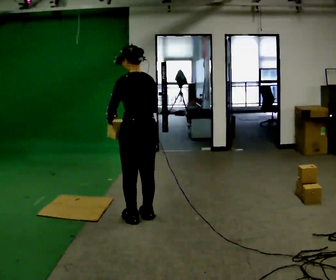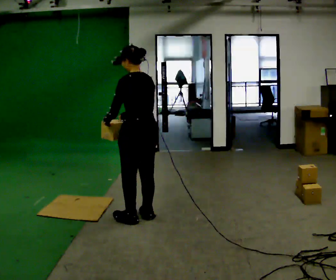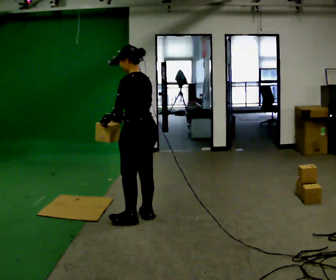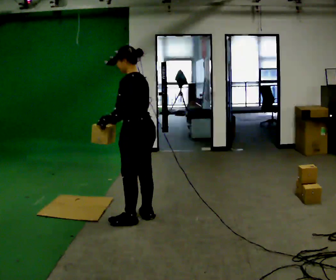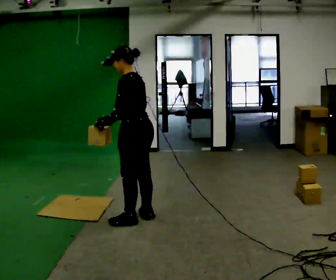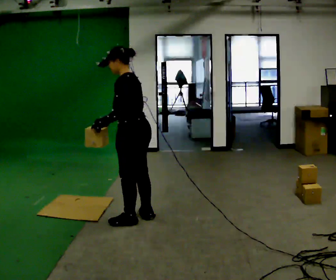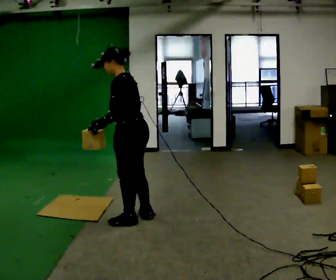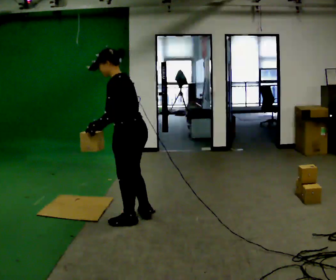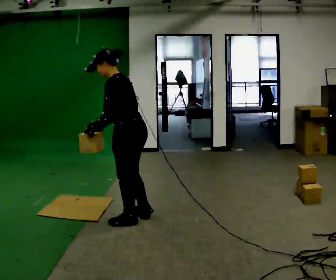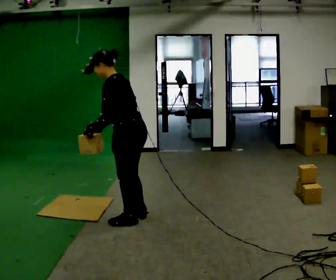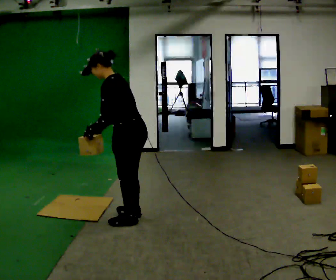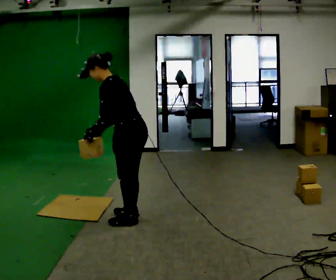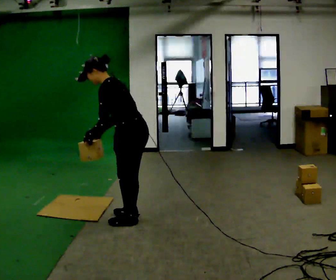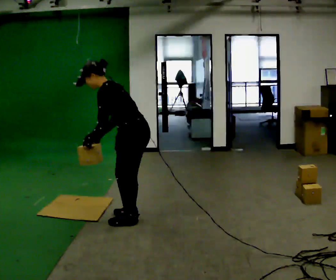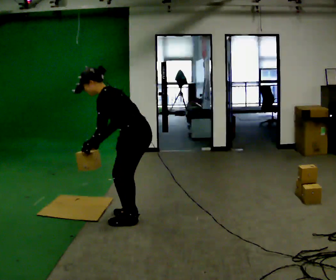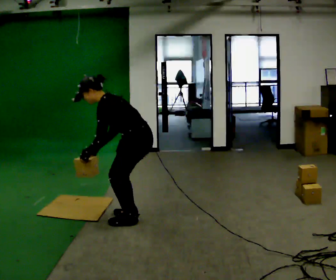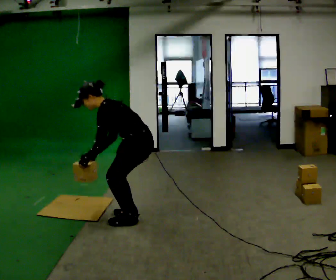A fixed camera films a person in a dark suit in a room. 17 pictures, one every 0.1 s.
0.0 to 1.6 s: The part of the body nearest the lens slides to the right as the person turns to their left by about 45 degrees. The upper body goes downward. In the picture the upper body tilts counterclockwise, shoulders to the left, as they bend forward. In the picture their left hand goes downward.
The film runs forward here.
